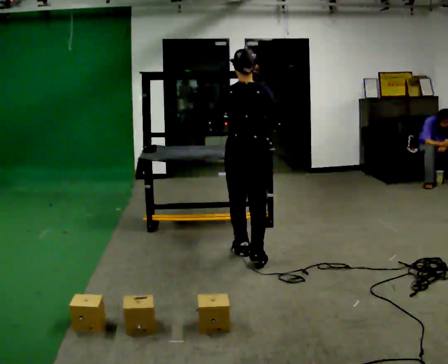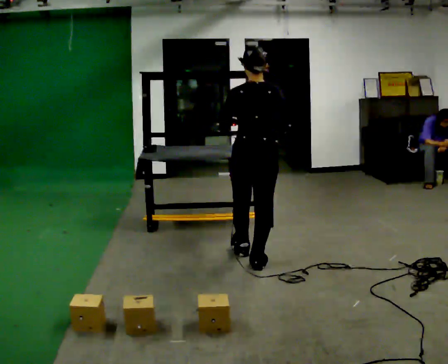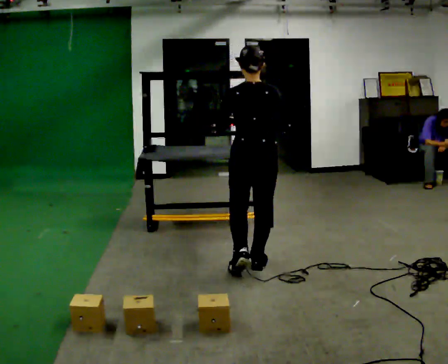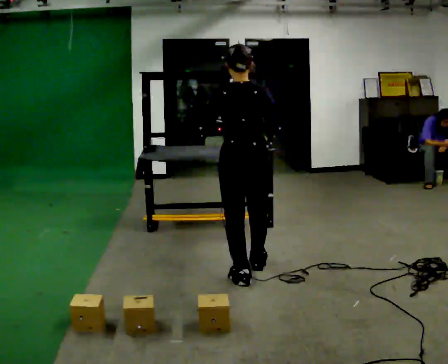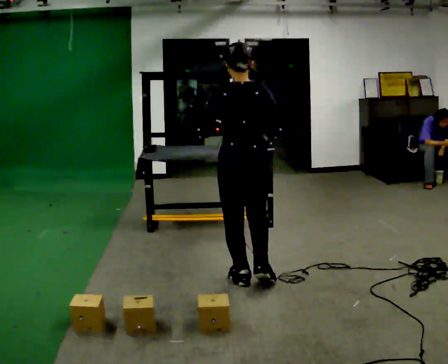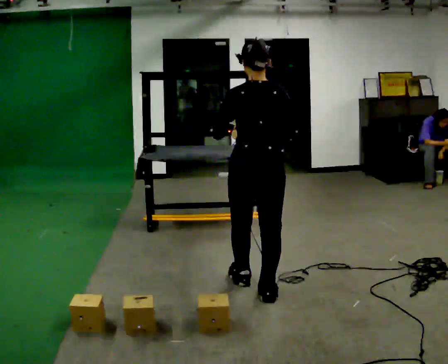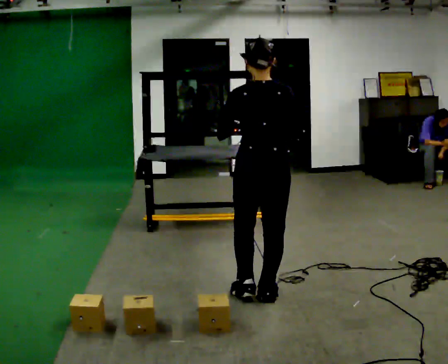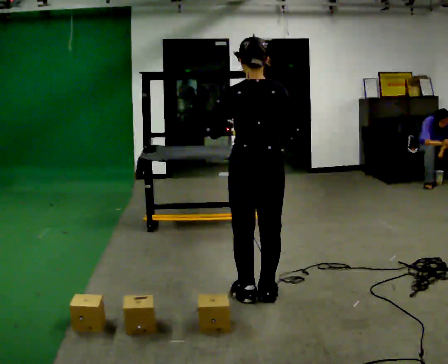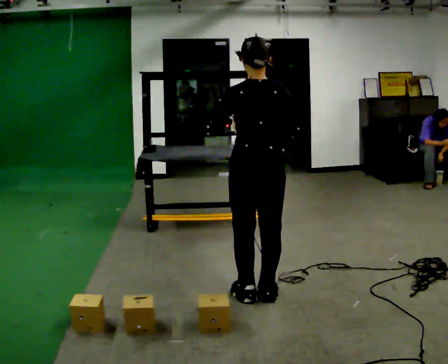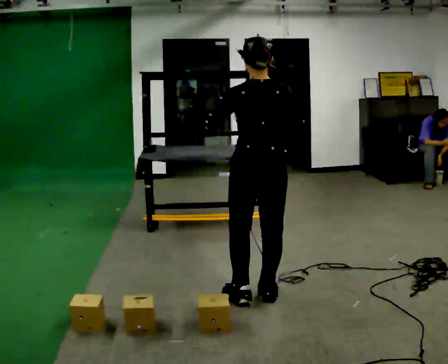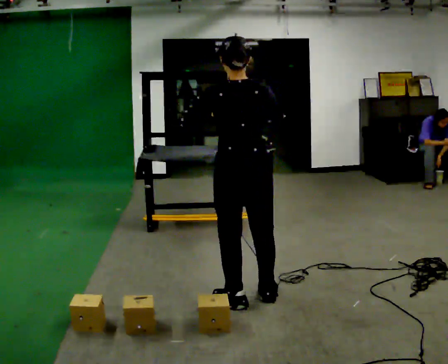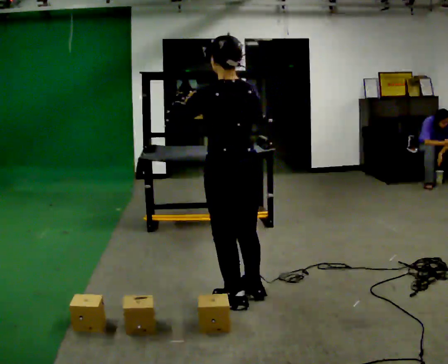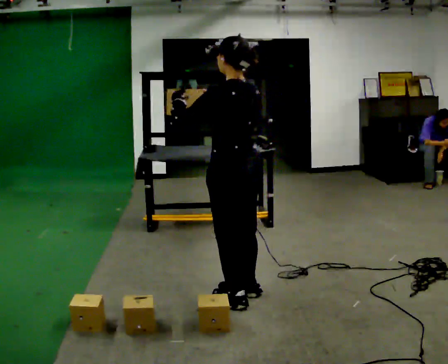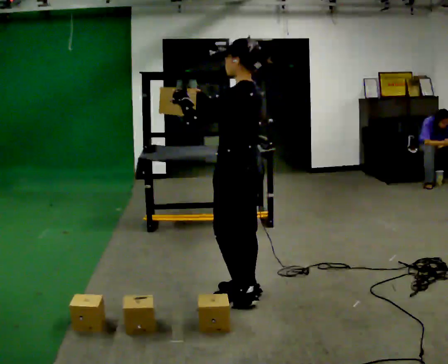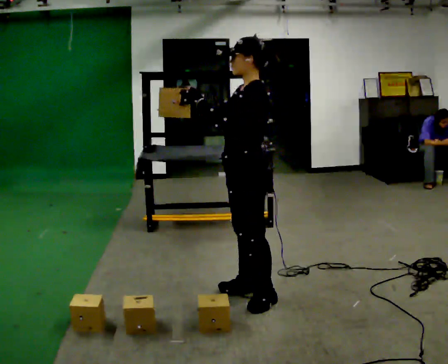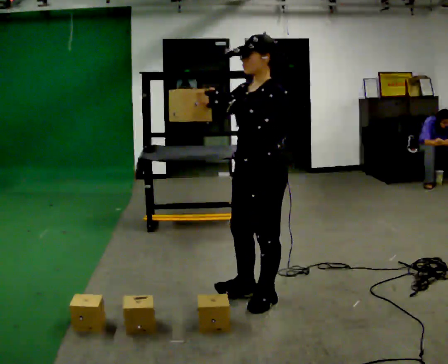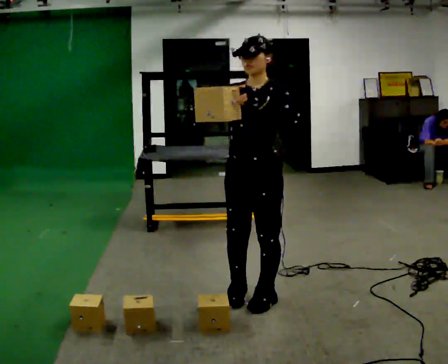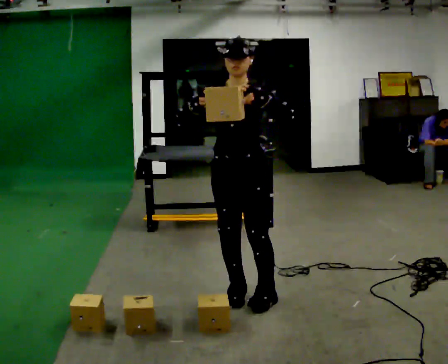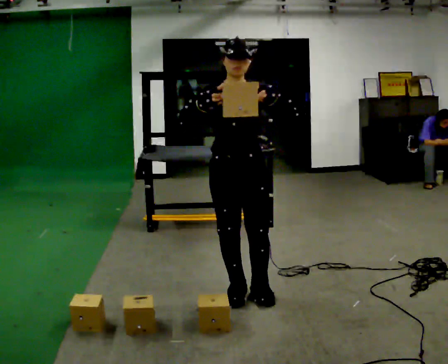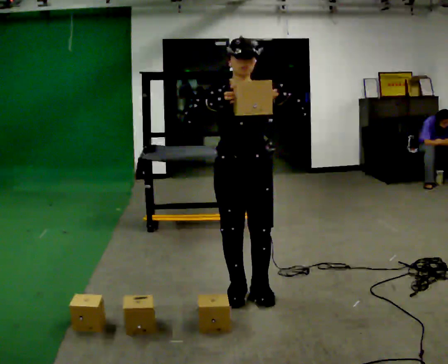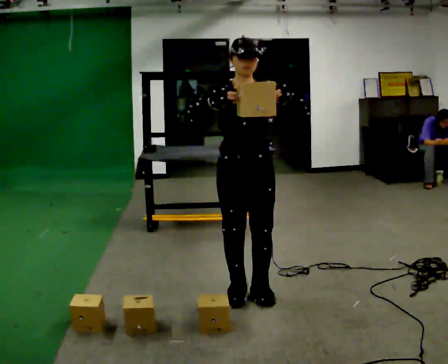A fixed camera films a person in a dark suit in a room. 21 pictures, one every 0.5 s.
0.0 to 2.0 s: In the picture they go toward the camera, about 0.5 m in 2 steps, which for them is backward.
2.0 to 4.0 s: In the picture they go toward the camera, about 0.25 m in 1 step, which for them is backward.
4.0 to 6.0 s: The person turns about 45 degrees to their left, counterclockwise seen from above, so the part of the body nearest the lens slides to the right. In the picture their right hand goes to the left.
6.0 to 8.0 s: The person turns about 105 degrees to their left, counterclockwise seen from above, so the part of the body nearest the lens slides to the right.
8.0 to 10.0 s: Seen from above the body turns counterclockwise, about 30 degrees: to their left, with its near side sliding to the right.
The film runs backward here.
